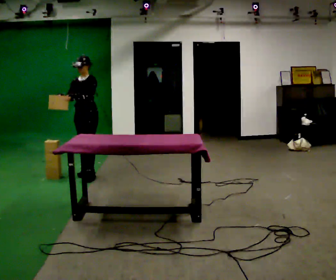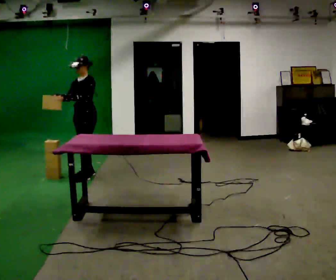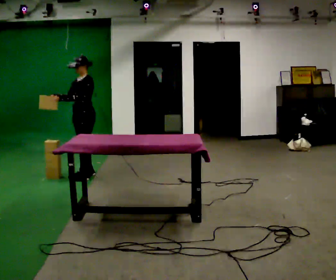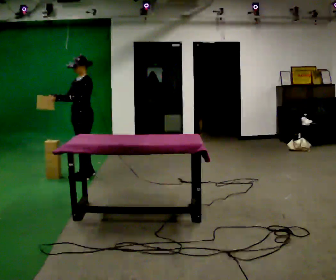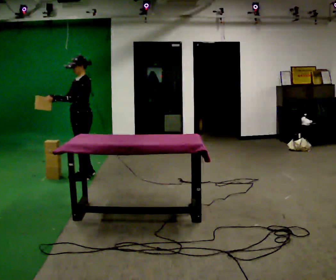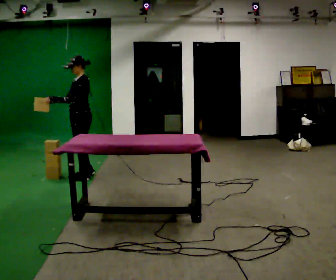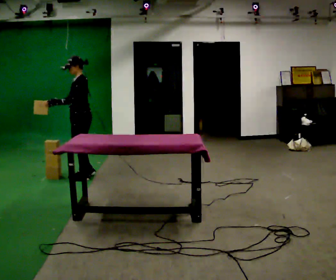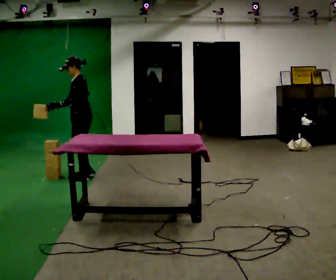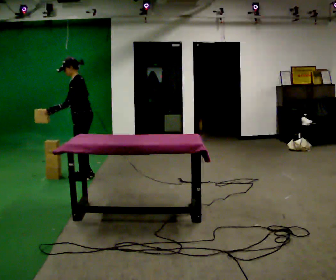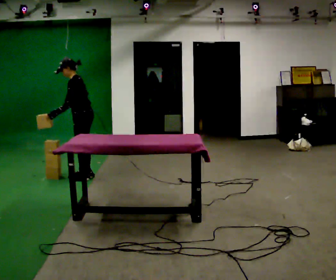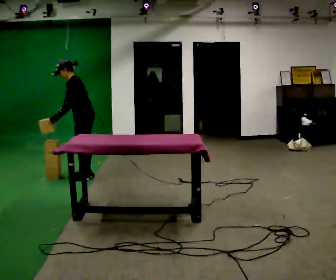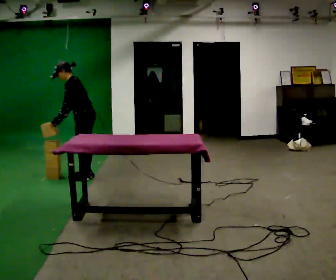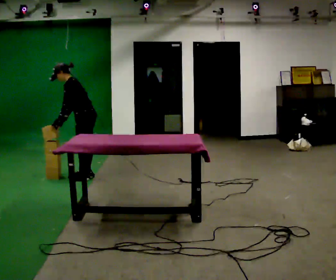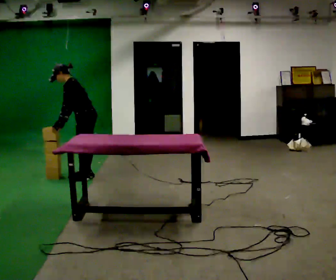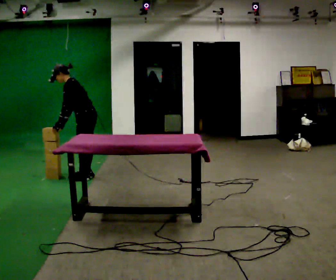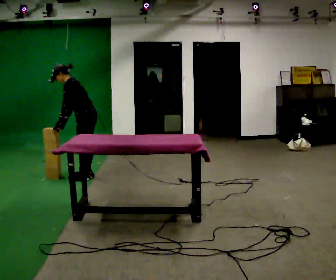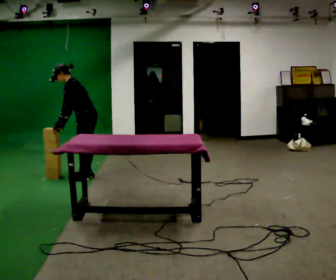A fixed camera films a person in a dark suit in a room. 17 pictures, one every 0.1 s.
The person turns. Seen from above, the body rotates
clockwise.
The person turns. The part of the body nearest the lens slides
to the left.
0.0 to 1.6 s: The part of the body nearest the lens slides to the left as the person turns to their right by about 60 degrees. In the picture the upper body tilts counterclockwise, shoulders to the left, as they bend forward.
The film runs backward here.
